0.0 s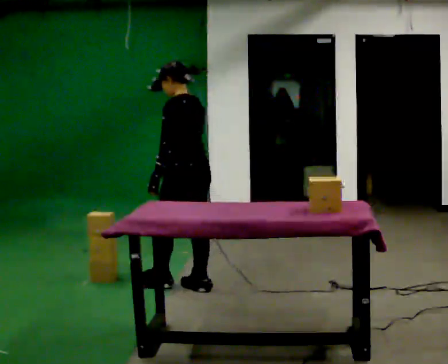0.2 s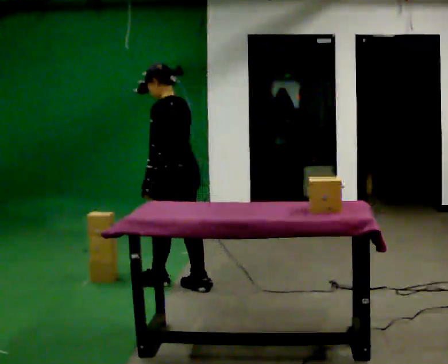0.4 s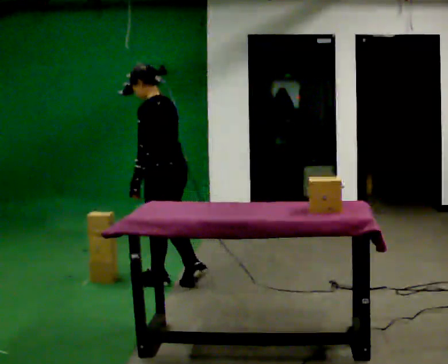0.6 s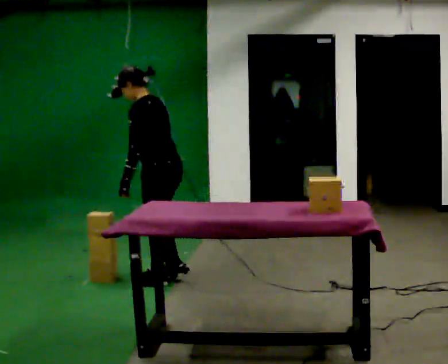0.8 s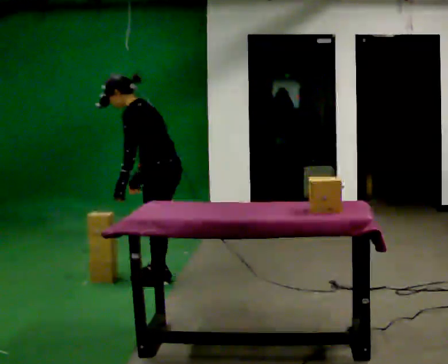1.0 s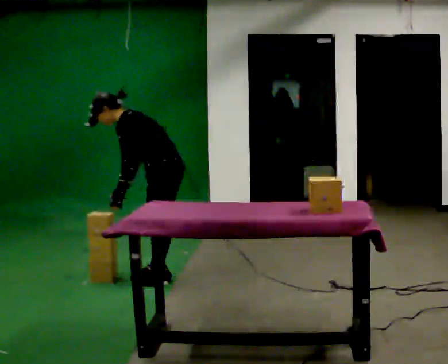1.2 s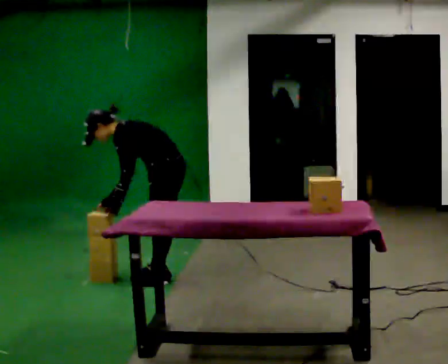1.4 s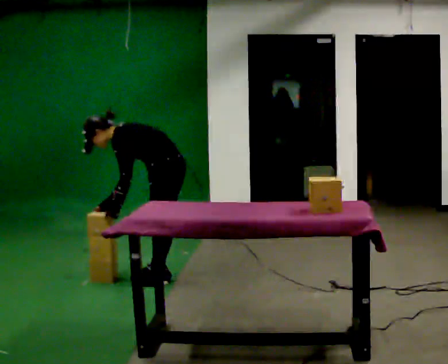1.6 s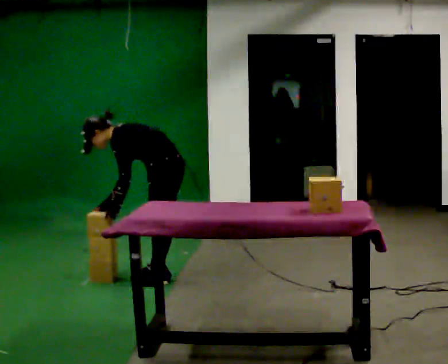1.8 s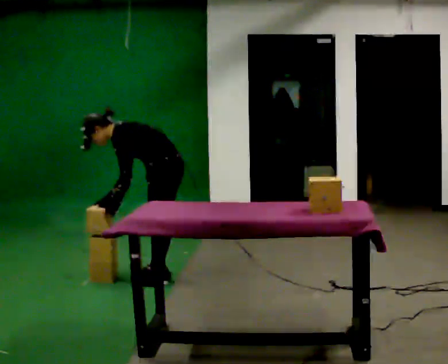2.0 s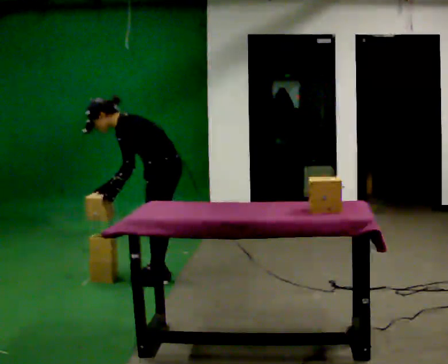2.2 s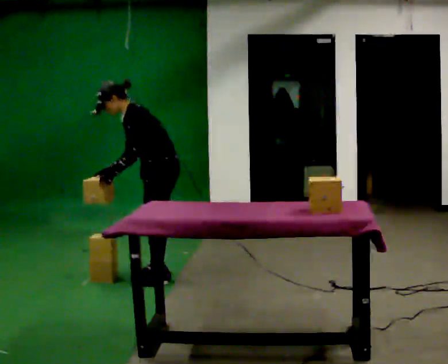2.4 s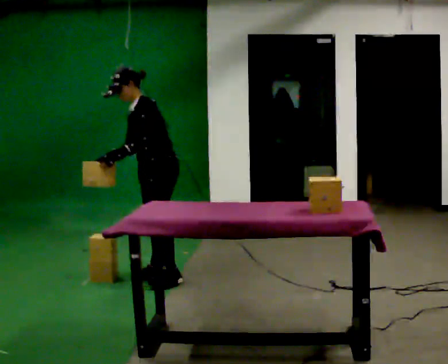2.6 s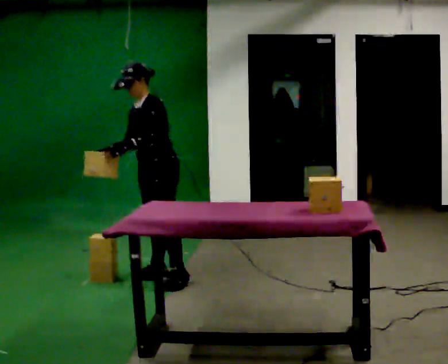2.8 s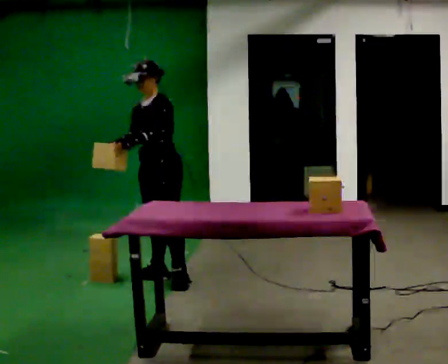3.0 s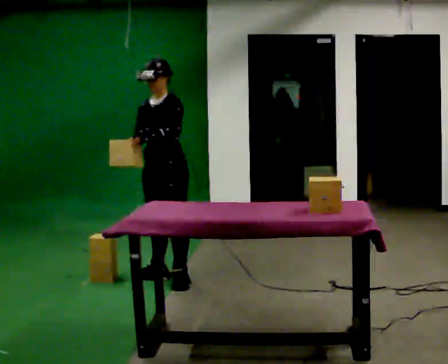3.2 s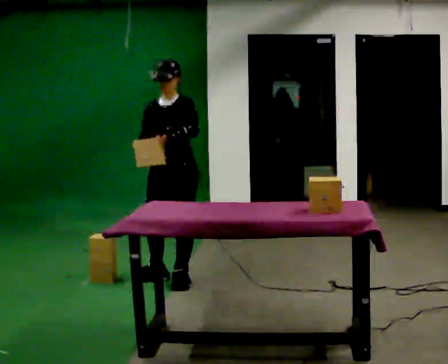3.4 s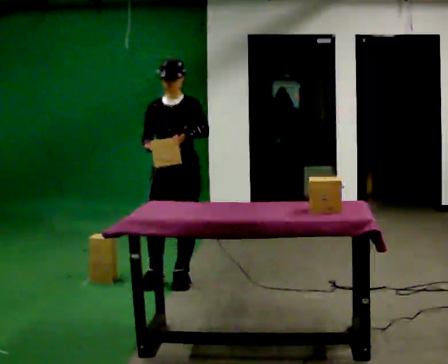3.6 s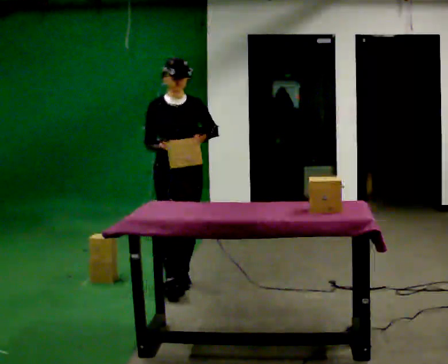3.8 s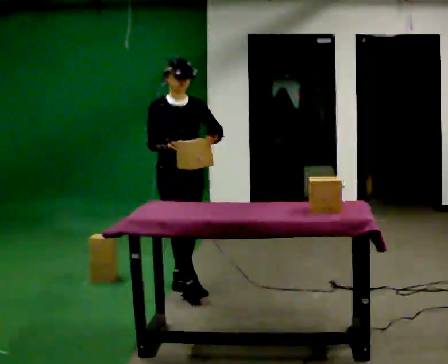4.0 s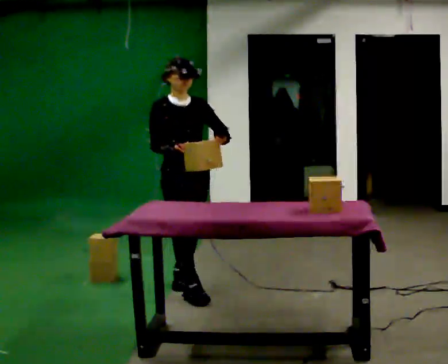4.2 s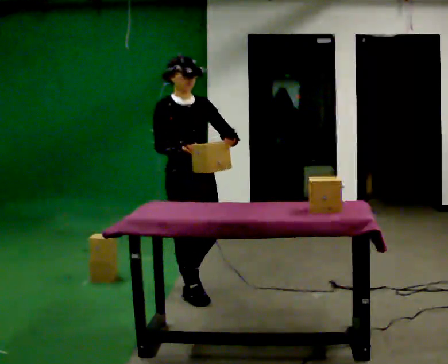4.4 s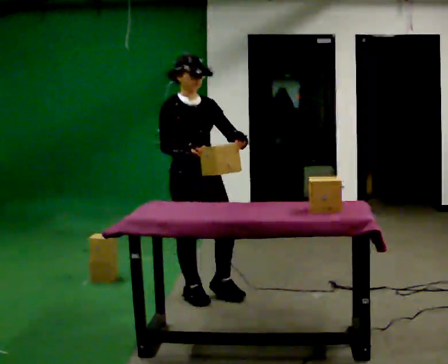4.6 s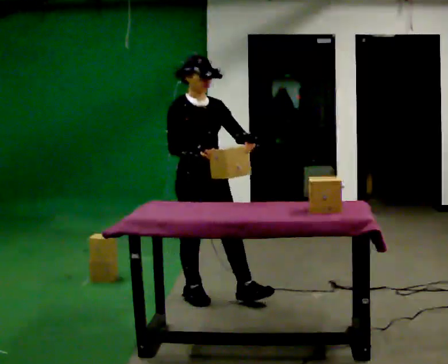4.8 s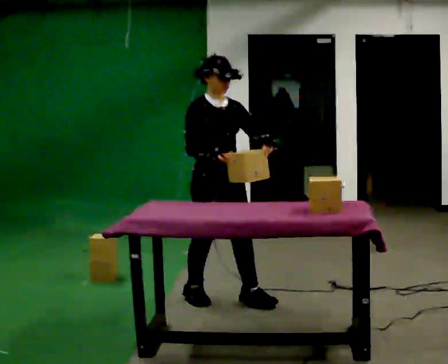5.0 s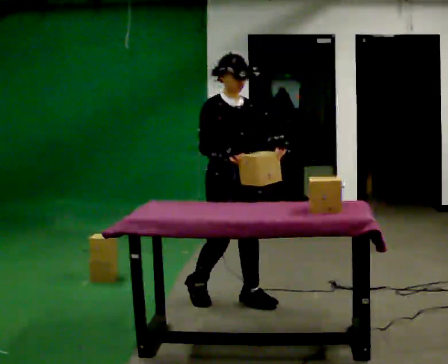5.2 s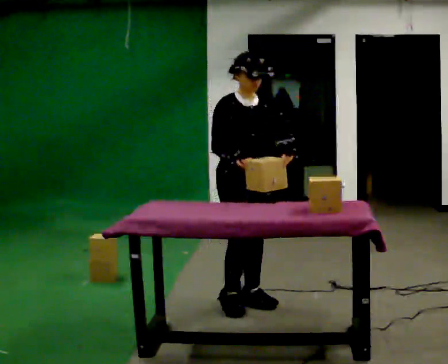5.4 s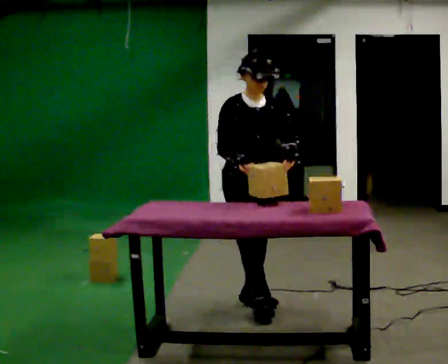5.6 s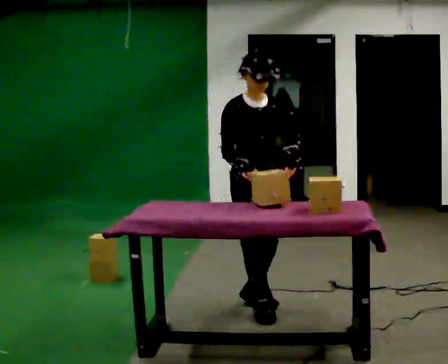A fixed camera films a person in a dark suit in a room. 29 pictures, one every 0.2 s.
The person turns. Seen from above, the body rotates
counterclockwise.
The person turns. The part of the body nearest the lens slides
to the right.
0.0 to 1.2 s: Seen from above the body turns counterclockwise, about 30 degrees: to their left, with its near side sliding to the right. In the picture they go away from the camera, about 0.25 m in 2 steps, which for them is forward and to their right. The upper body goes downward. In the picture the upper body tilts counterclockwise, shoulders to the left, as they bend forward. In the picture their right hand goes to the left.
1.2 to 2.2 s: In the picture the upper body tilts clockwise, shoulders to the right, as they lean back or straighten.
2.2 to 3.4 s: The part of the body nearest the lens slides to the right as the person turns to their left by about 75 degrees. In the picture they go toward the camera, about 0.25 m. In the picture the upper body tilts clockwise, shoulders to the right, as they lean back or straighten. In the picture their left hand goes to the right.
3.4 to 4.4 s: The person turns about 45 degrees to their left, counterclockwise seen from above, so the part of the body nearest the lens slides to the right. In the picture they go toward the camera, about 0.25 m in 1 step, which for them is forward.
4.4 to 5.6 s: In the picture they go to the right and toward the camera, about 0.5 m in 2 steps, which for them is forward and to their left.
The film runs forward here.
